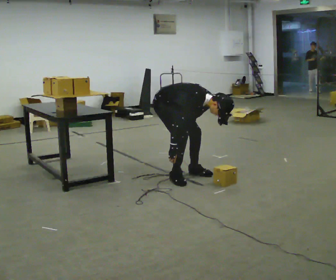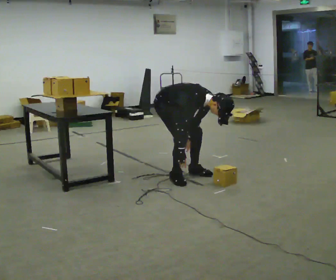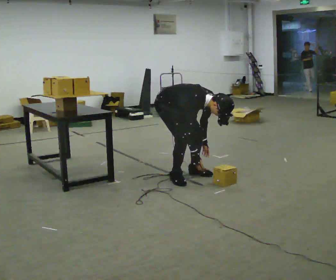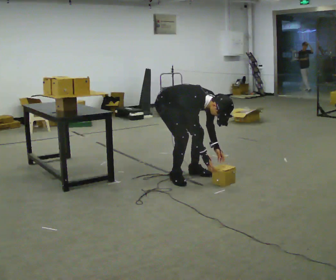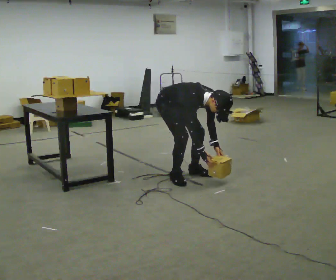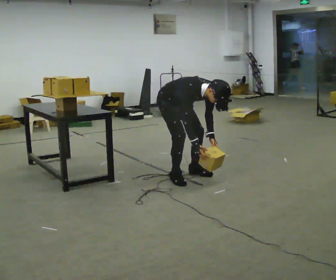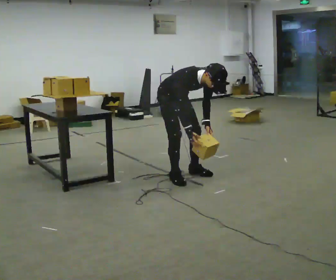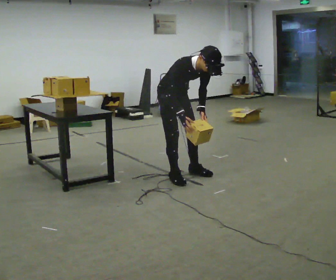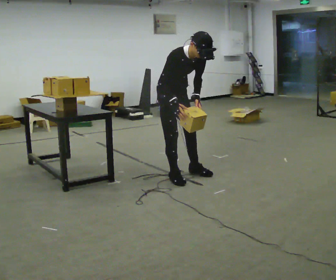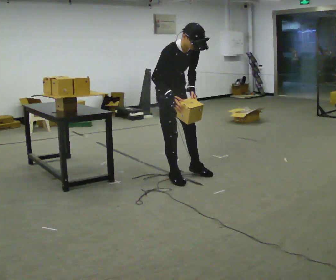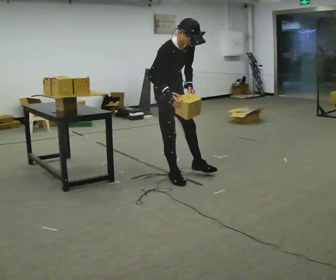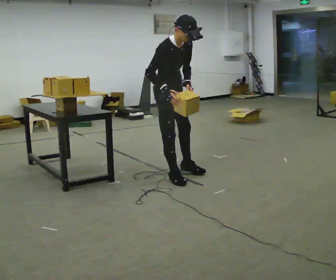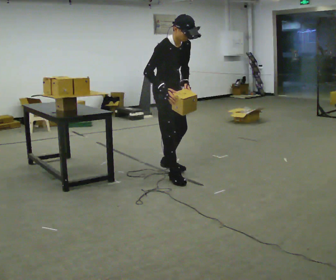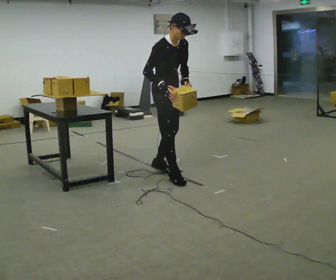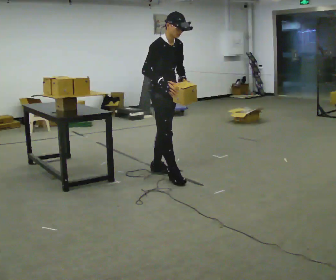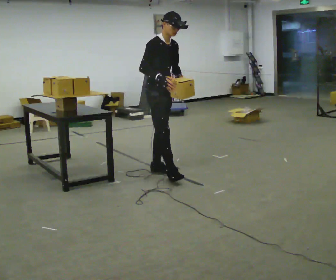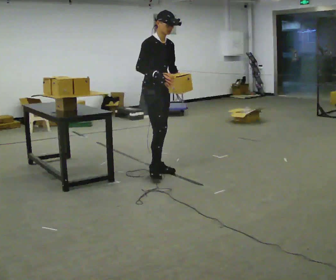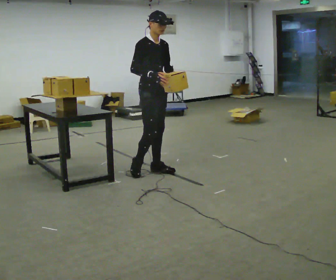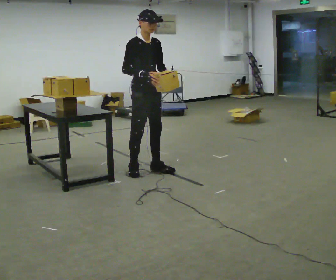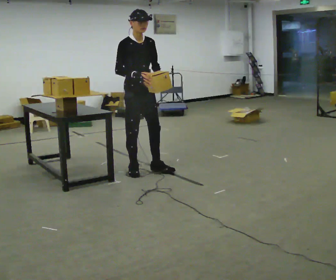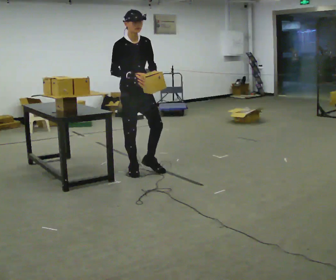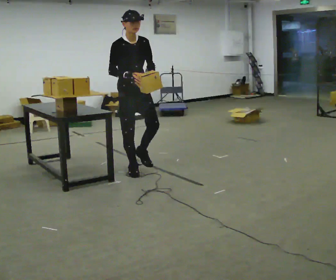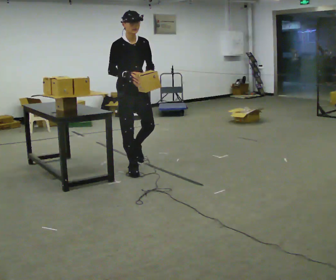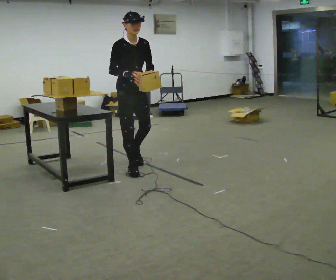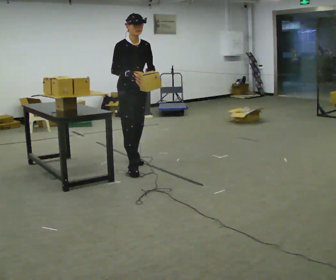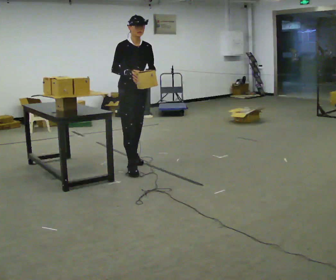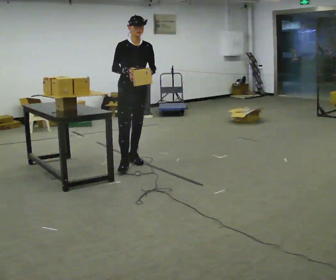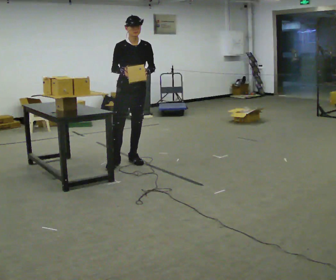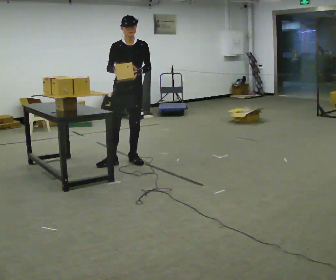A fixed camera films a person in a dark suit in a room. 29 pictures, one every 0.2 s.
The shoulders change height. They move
upward.
The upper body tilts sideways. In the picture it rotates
counterclockwise.
0.0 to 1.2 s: The upper body goes upward. The upper body tips away from the camera, its near side rolling upward, as they lean back or straighten.
1.2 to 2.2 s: The shoulders move upward. In the picture the upper body tilts counterclockwise, shoulders to the left, as they lean back or straighten. In the picture their left hand goes upward.
2.2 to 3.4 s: In the picture they go away from the camera, about 0.25 m in 1 step, which for them is backward. The upper body tips away from the camera, its near side rolling upward, as they lean back or straighten.
3.4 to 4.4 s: In the picture they go to the left, about 0.25 m in 1 step, which for them is backward and to their right.
4.4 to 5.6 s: In the picture they go away from the camera, about 0.25 m in 1 step, which for them is backward and to their left.
The film runs backward here.
